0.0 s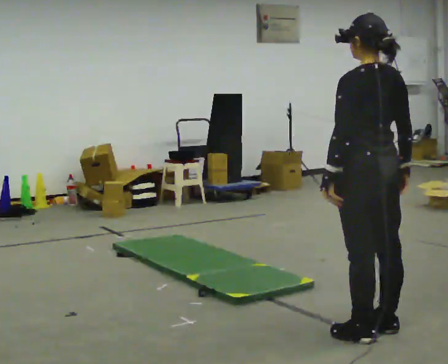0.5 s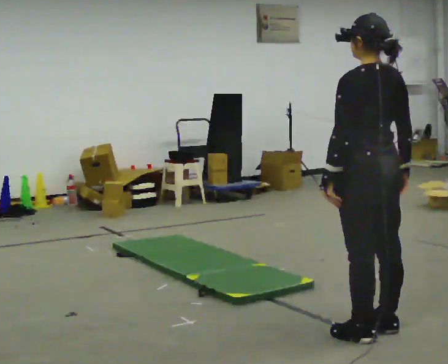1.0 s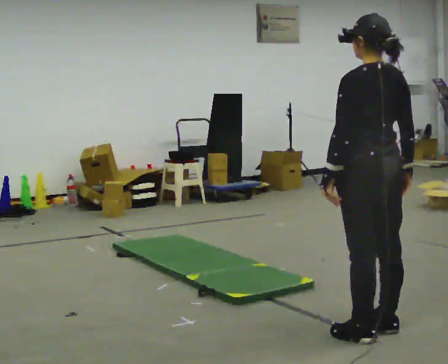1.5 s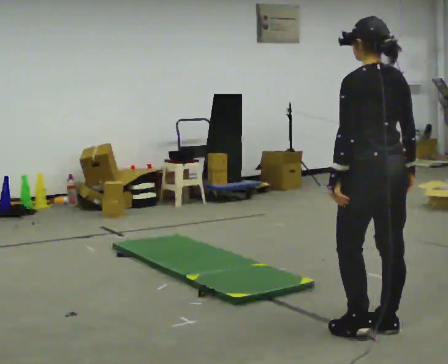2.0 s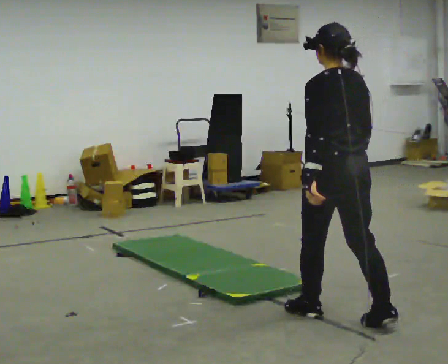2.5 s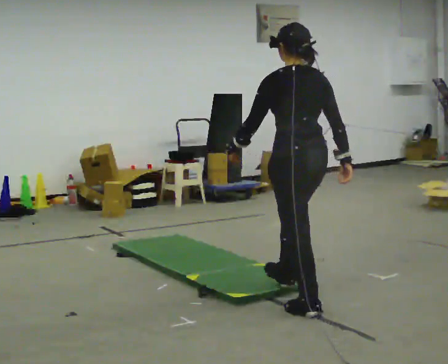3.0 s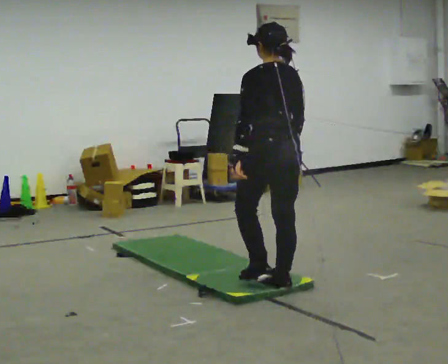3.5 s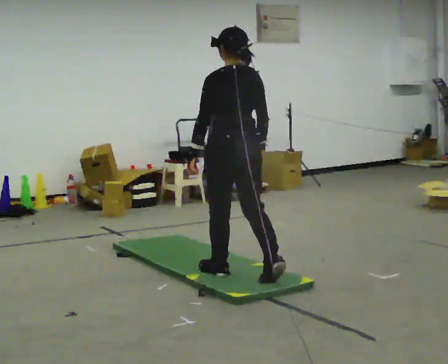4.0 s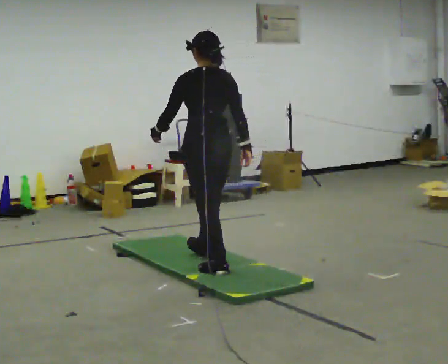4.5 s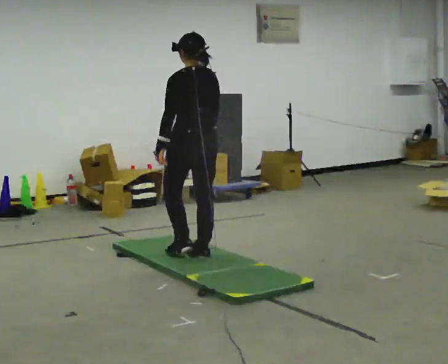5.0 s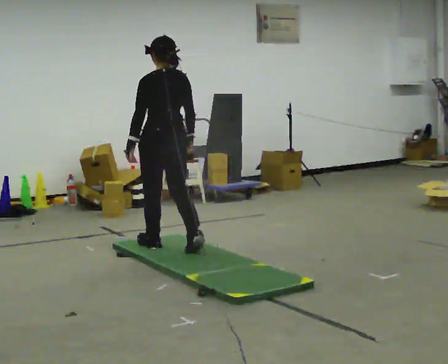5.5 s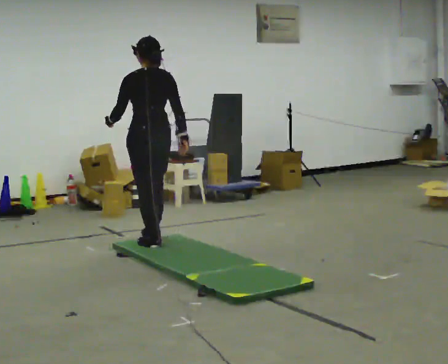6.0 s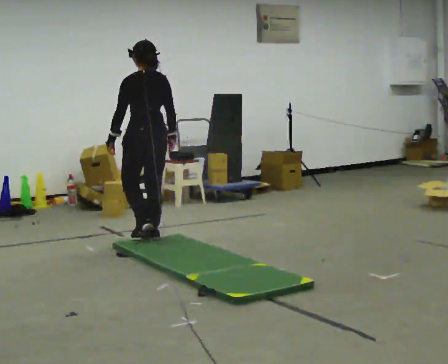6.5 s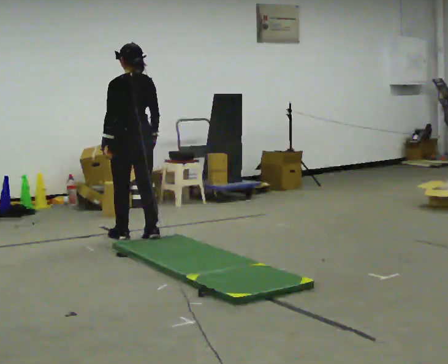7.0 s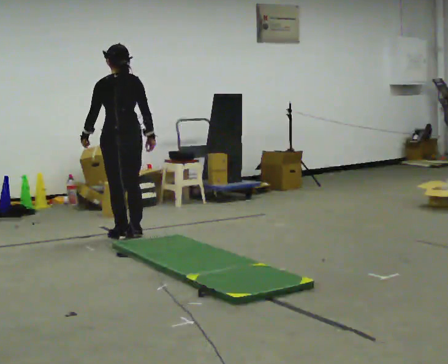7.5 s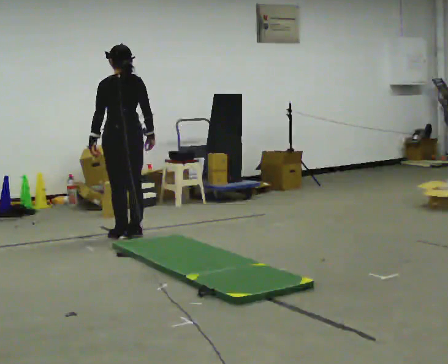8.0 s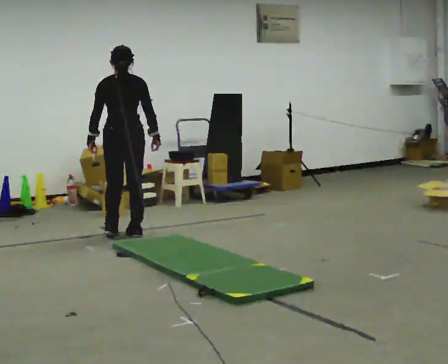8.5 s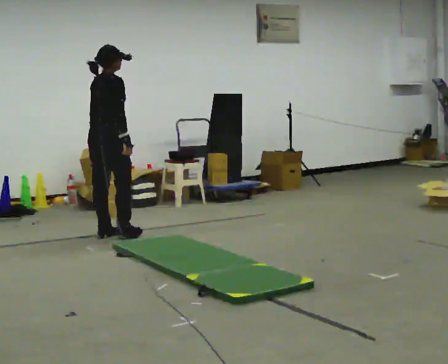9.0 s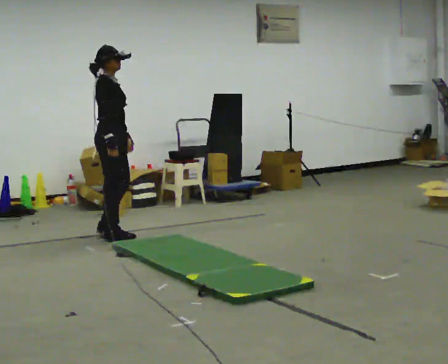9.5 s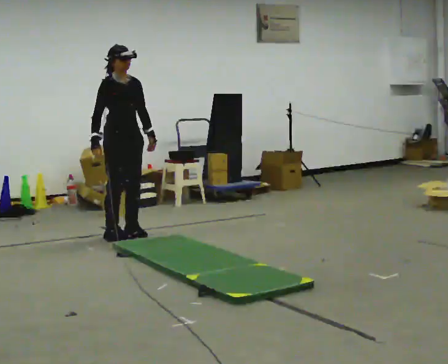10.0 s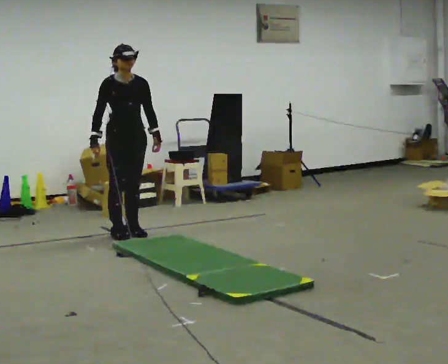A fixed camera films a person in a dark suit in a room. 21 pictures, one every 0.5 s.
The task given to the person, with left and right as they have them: Walk across the soft uneven mat at a comfortable speed; continue walking normally after you leave it.
0.0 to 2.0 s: In the picture they go away from the camera, about 0.25 m in 1 step, which for them is forward.
2.0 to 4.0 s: In the picture they go away from the camera and to the left, about 1.5 m in 2 steps, which for them is forward.
4.0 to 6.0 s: In the picture they go away from the camera and to the left, about 1 m in 3 steps, which for them is forward.
6.0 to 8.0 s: Seen from above the body turns clockwise, about 30 degrees: to their right, with its near side sliding to the left. In the picture they go away from the camera and to the left, about 0.5 m in 2 steps, which for them is forward.
8.0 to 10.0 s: The person turns about 150 degrees to their right, clockwise seen from above, so the part of the body nearest the lens slides to the left. In the picture their right hand goes to the left, the arm swinging clockwise.
The film runs forward here.
